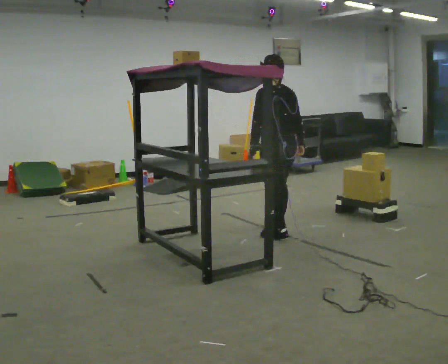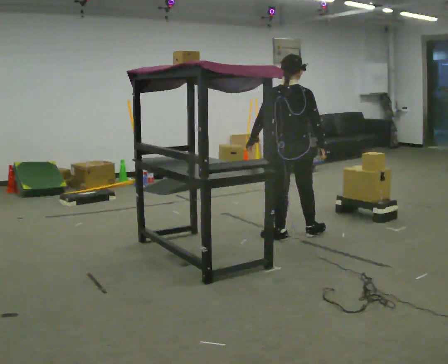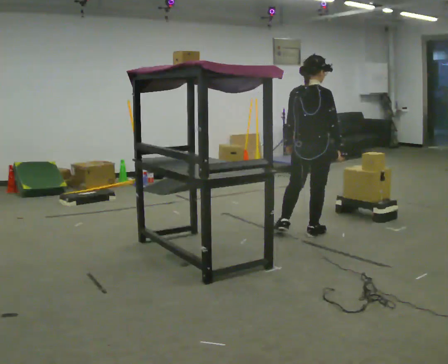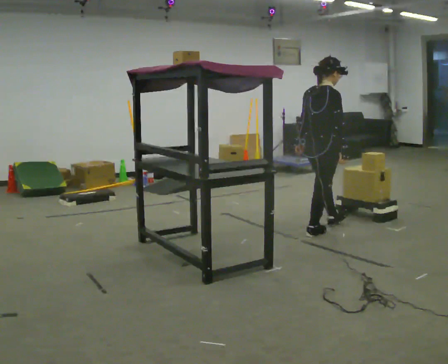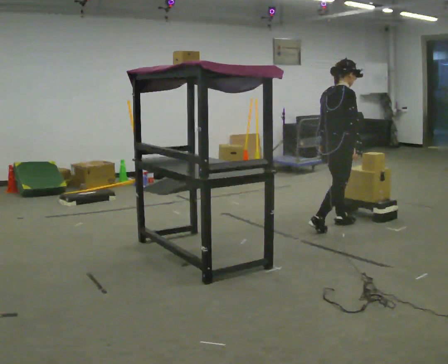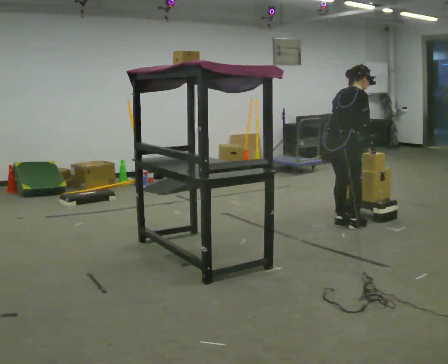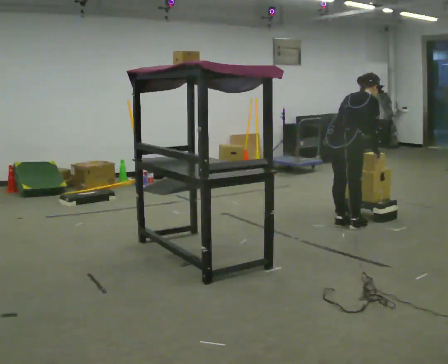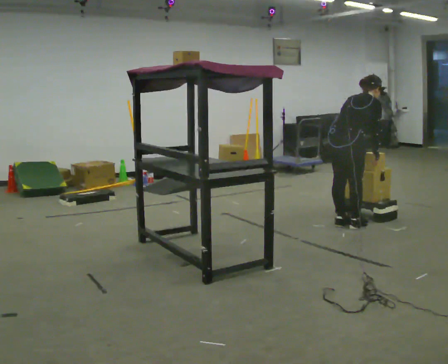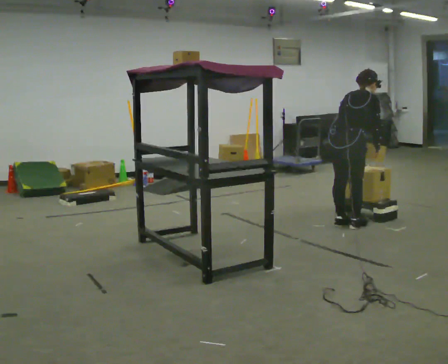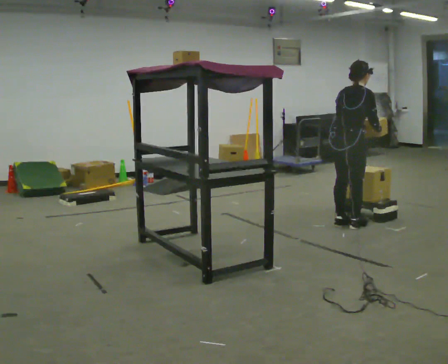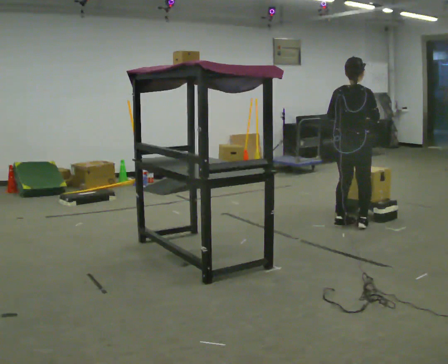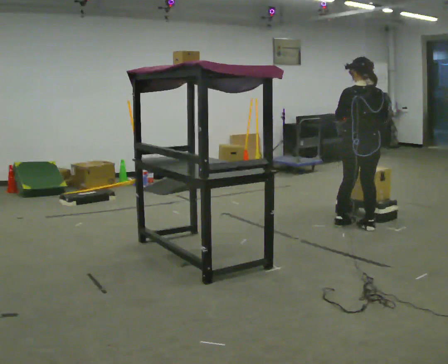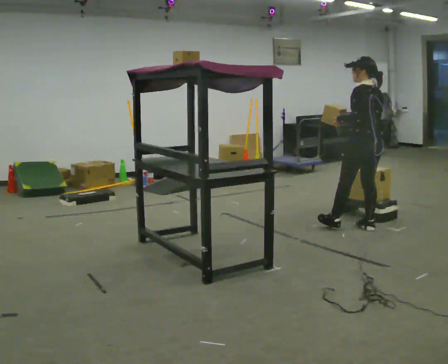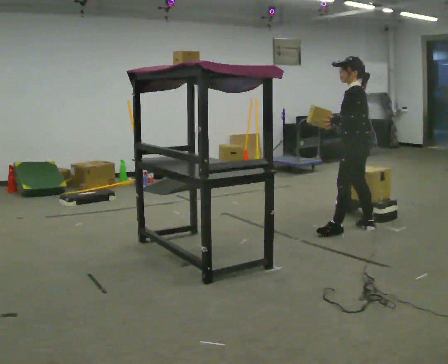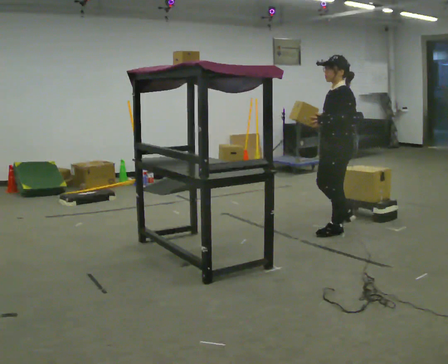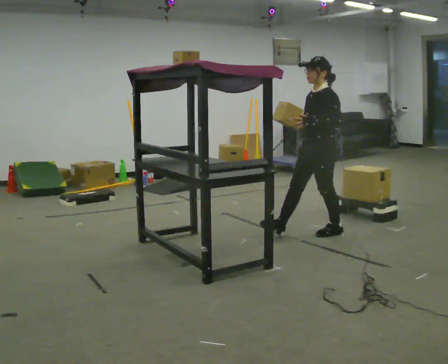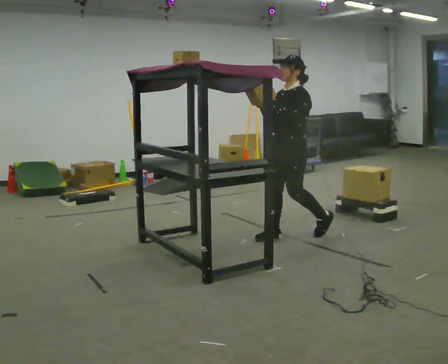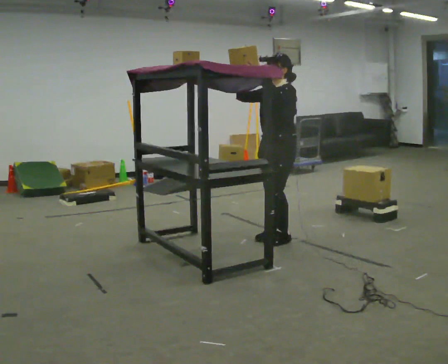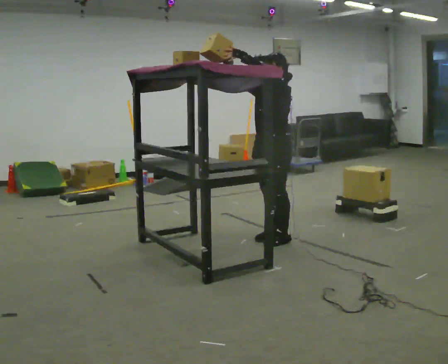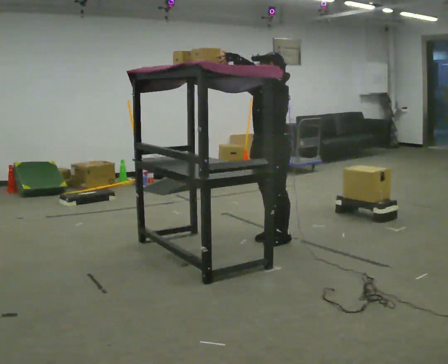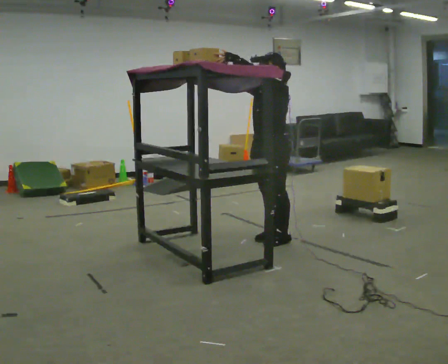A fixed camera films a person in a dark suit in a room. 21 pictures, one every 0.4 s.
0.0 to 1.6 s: Seen from above the body turns clockwise, about 105 degrees: to their right, with its near side sliding to the left. In the picture they go to the right and away from the camera, about 0.5 m in 2 steps.
1.6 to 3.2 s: The person moves a little, or ends about where they began.
3.2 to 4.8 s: Seen from above the body turns counterclockwise, about 90 degrees: to their left, with its near side sliding to the right. In the picture they go to the right, about 0.25 m in 1 step. In the picture the upper body tilts counterclockwise, shoulders to the left, as they lean back or straighten.
4.8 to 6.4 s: The person turns about 90 degrees to their left, counterclockwise seen from above, so the part of the body nearest the lens slides to the right. In the picture they go to the left, about 0.5 m in 2 steps.
6.4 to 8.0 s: In the picture they go to the left, about 0.25 m in 1 step, which for them is forward. In the picture their left hand goes upward and to the left.
The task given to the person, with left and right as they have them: Take an object from the highest shelf you can comfortably reach, carry it across, and place it on the lowest shelf. Keep going until the operator says stop; one object at a time, and do not rush between trips.
The film runs forward here.
